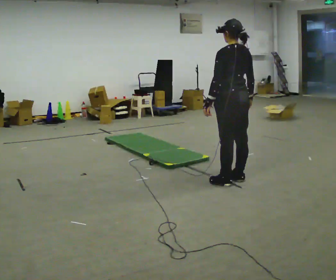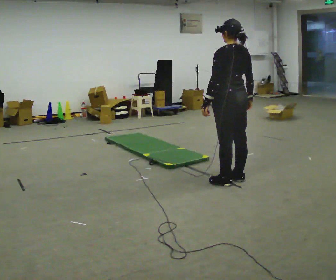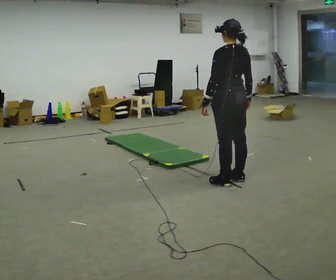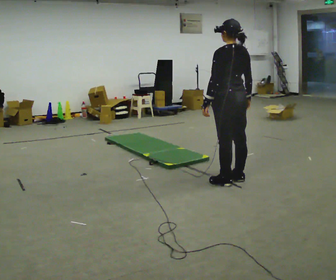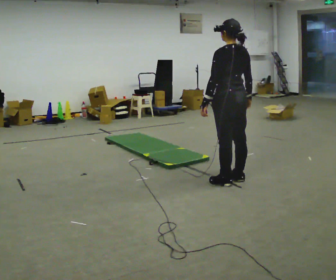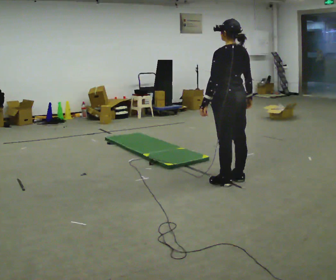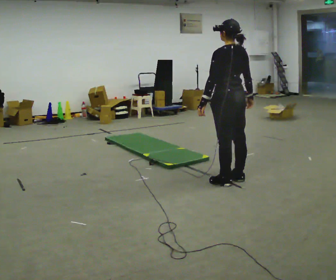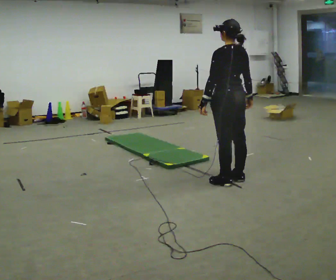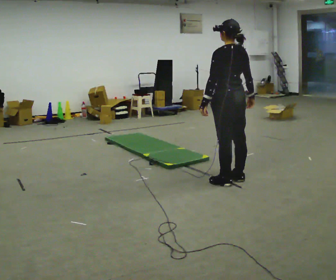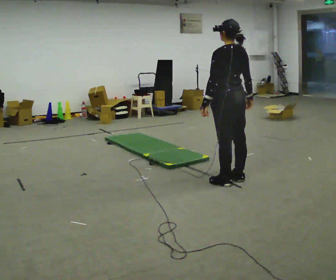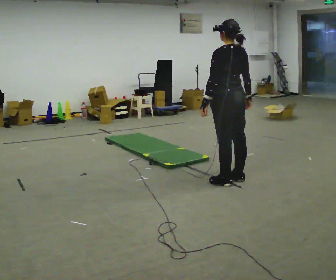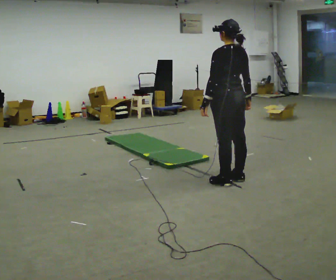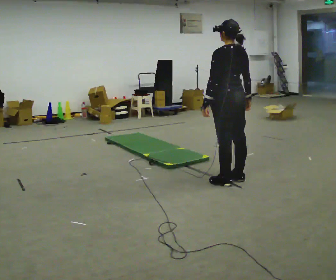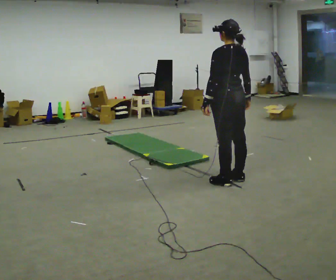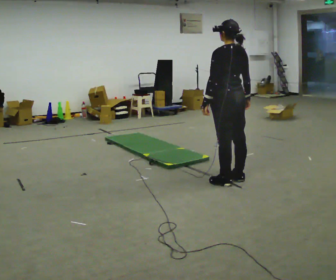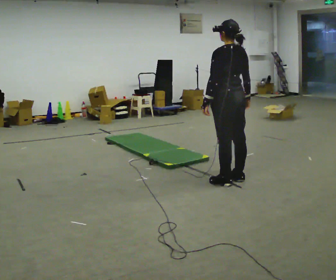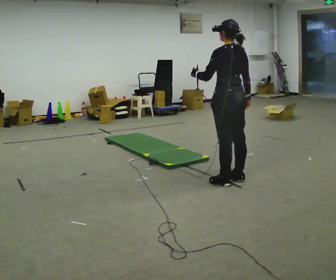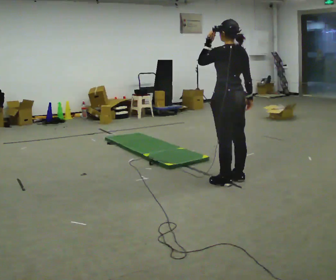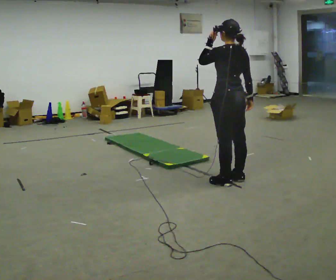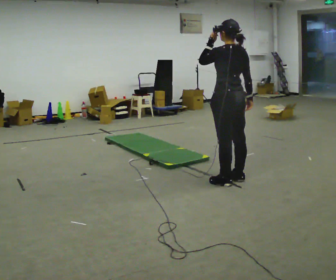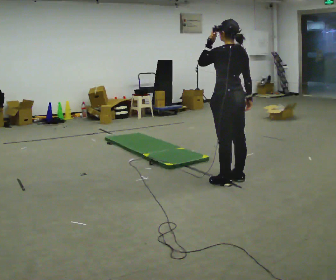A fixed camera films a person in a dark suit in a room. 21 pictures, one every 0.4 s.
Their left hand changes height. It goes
upward.
0.0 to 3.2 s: The person moves a little, or ends about where they began.
3.2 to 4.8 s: The person keeps their place and pose.
4.8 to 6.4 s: In the picture their left hand goes upward.
6.4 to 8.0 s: The person moves a little, or ends about where they began.
The film runs forward here.
